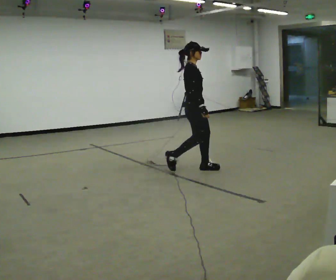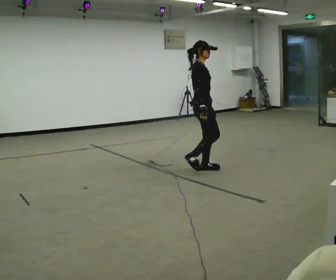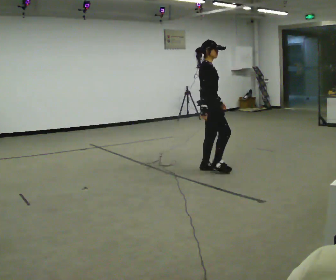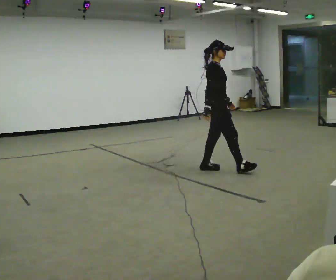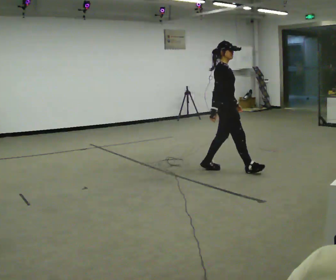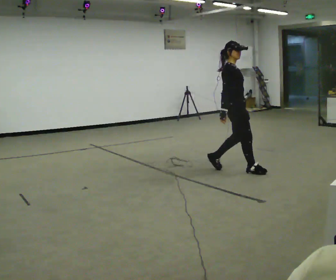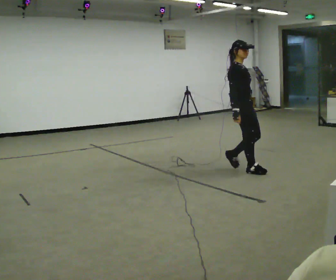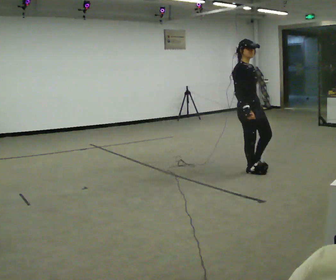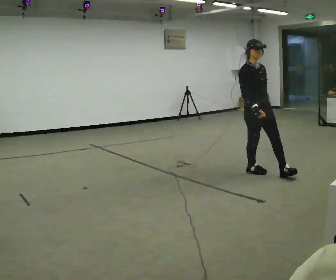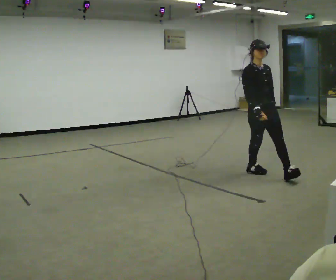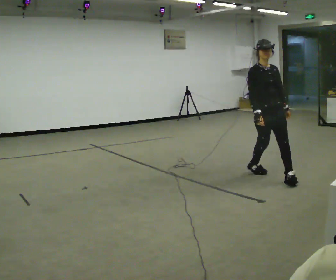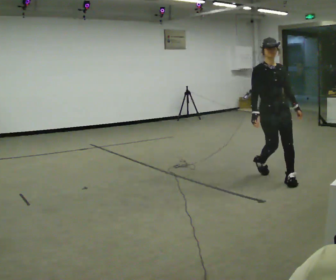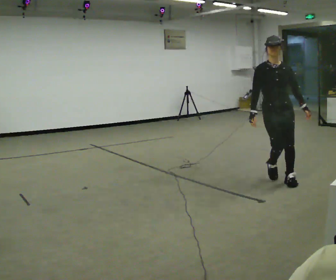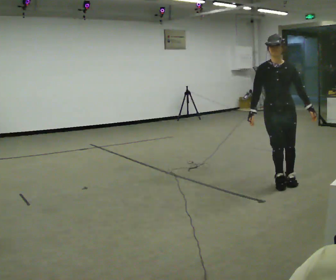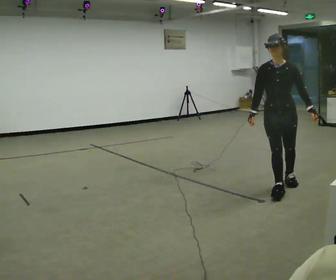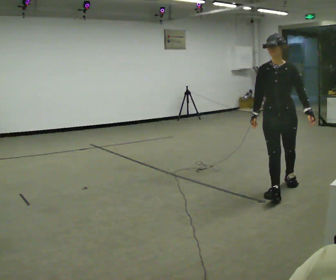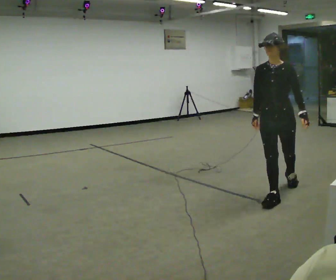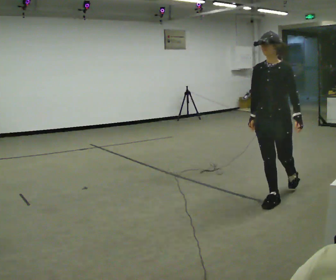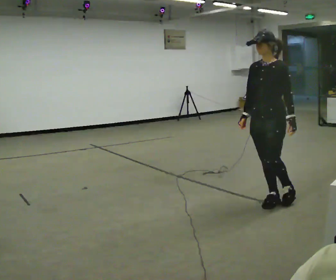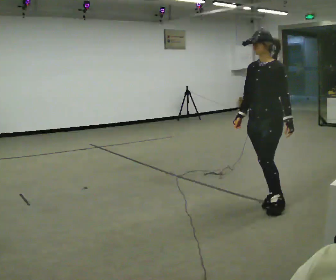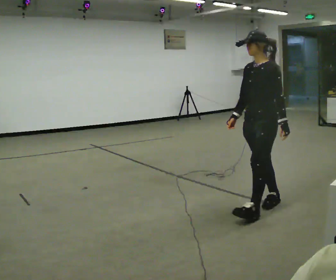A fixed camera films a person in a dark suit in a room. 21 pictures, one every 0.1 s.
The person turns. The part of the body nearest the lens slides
to the left.
The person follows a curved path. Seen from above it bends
clockwise.
0.0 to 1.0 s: The person turns about 60 degrees to their right, clockwise seen from above, so the part of the body nearest the lens slides to the left. In the picture they go to the right and toward the camera, about 1 m in 2 steps.
1.0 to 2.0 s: The part of the body nearest the lens slides to the left as the person turns to their right by about 75 degrees. In the picture they go toward the camera, about 1 m in 1 step.
The film runs forward here.
